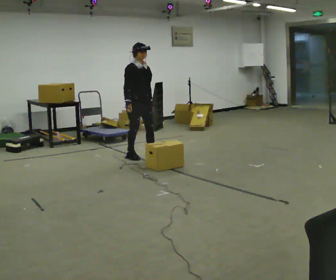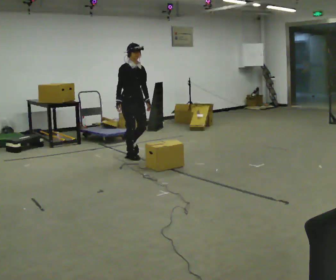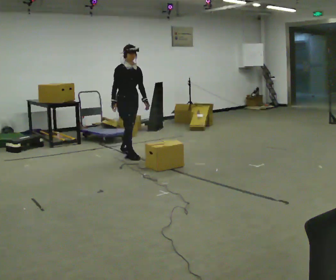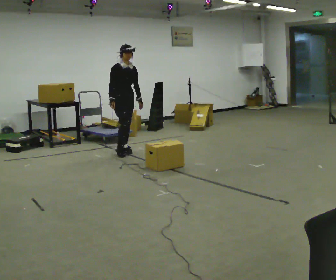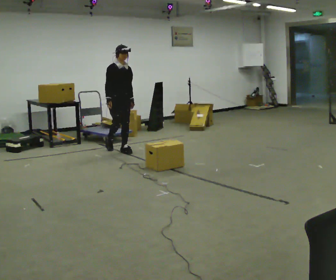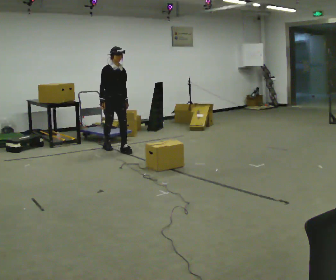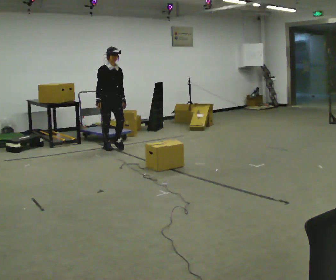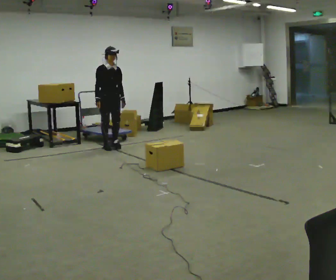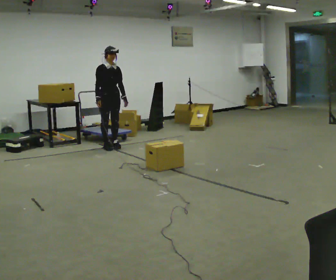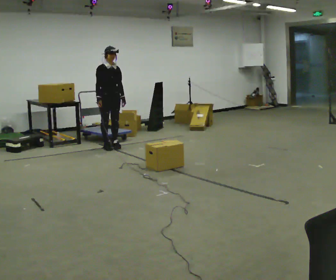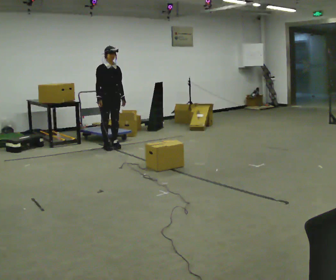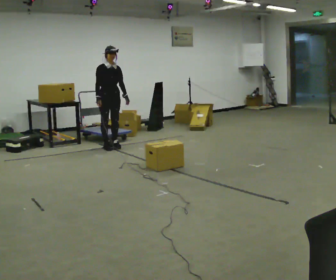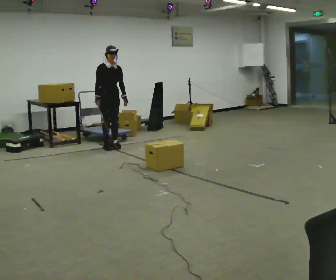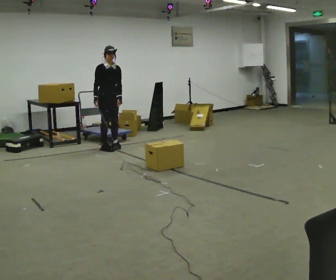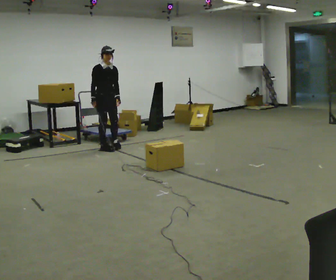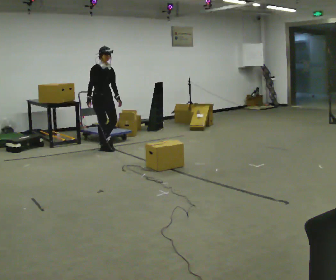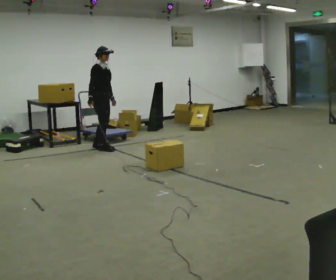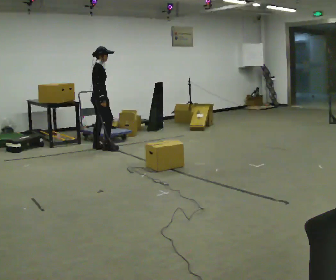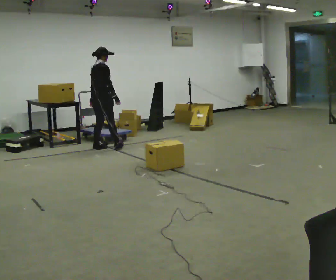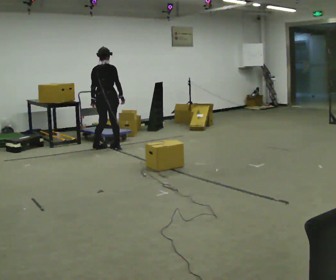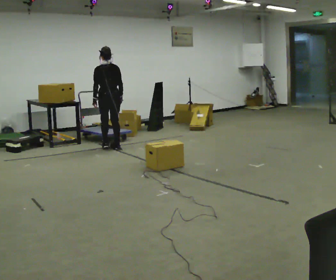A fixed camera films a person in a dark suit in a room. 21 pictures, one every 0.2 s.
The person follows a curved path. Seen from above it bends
clockwise.
The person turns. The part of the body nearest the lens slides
to the right.
0.0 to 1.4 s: In the picture they go away from the camera and to the left, about 1 m in 2 steps, which for them is backward.
1.4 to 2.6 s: The person moves a little, or ends about where they began.
2.6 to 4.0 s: The person turns about 165 degrees to their left, counterclockwise seen from above, so the part of the body nearest the lens slides to the right. In the picture their right hand goes to the right.
The film runs backward here.
